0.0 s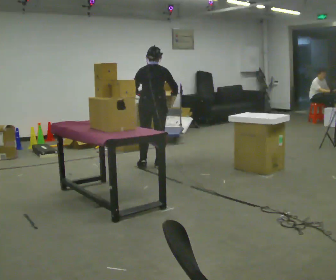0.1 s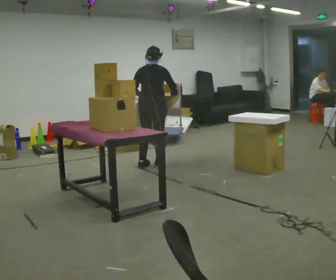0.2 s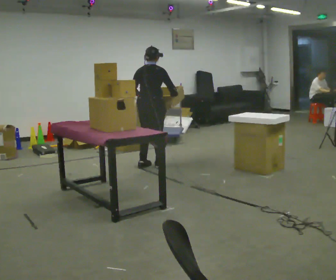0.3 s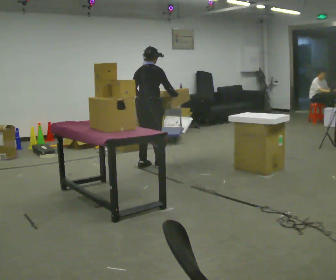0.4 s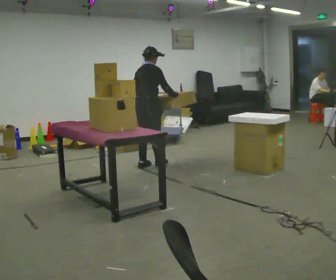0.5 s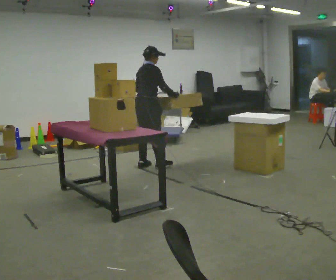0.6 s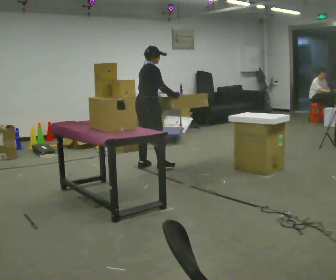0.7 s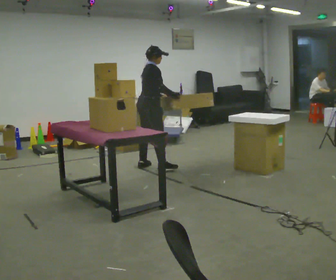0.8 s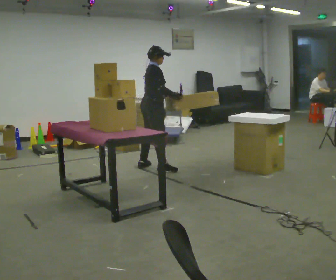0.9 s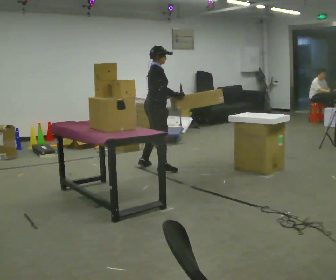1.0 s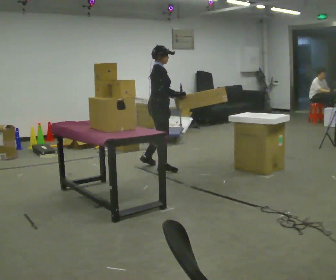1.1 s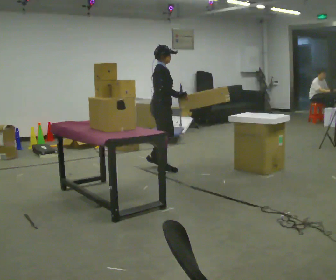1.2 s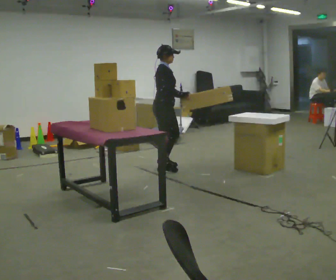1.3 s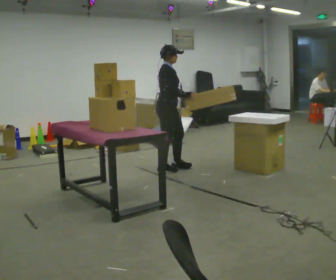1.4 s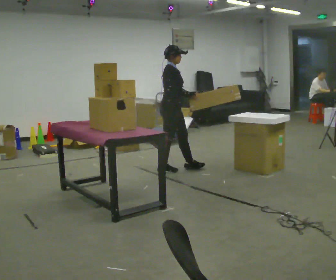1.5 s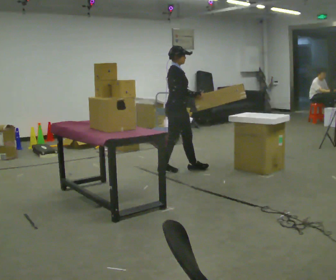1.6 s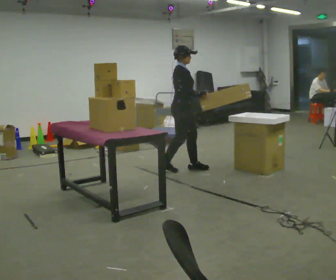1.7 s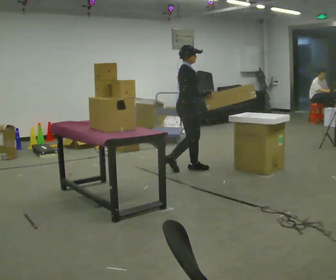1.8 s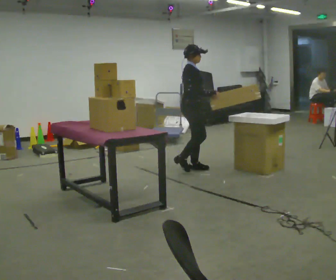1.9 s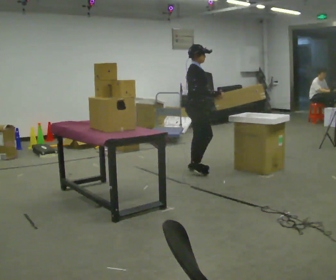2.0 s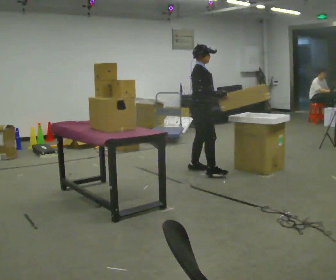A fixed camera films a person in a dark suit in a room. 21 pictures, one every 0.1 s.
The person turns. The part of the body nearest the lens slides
to the left.
Their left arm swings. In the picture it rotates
counterclockwise.
0.0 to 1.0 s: The part of the body nearest the lens slides to the left as the person turns to their right by about 75 degrees.
1.0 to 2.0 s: In the picture they go to the right, about 0.5 m in 1 step, which for them is forward.
The film runs forward here.
